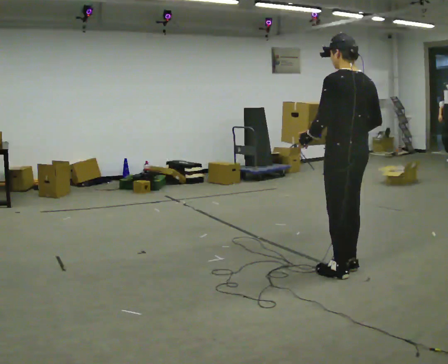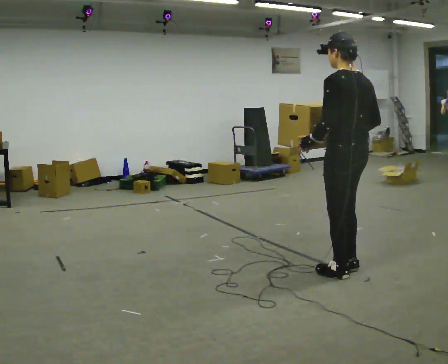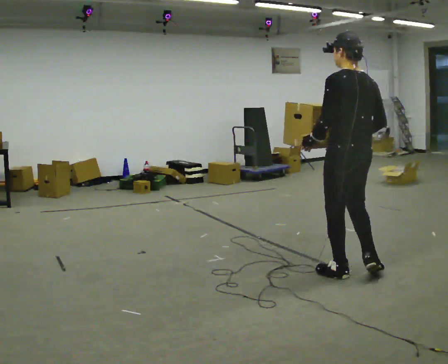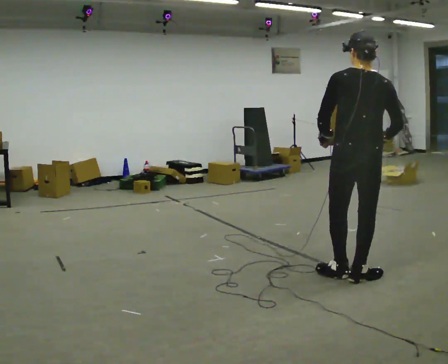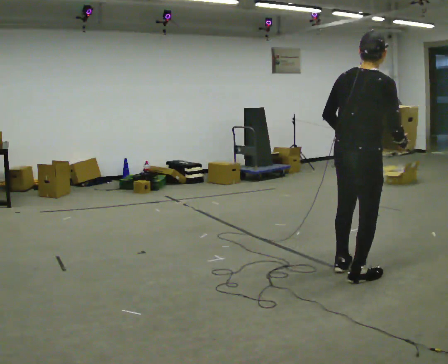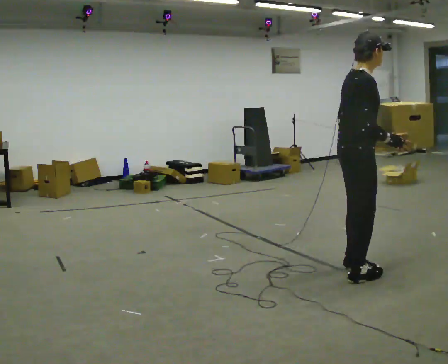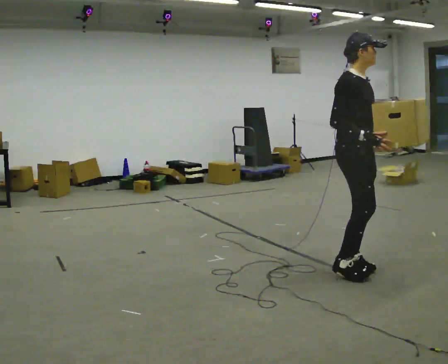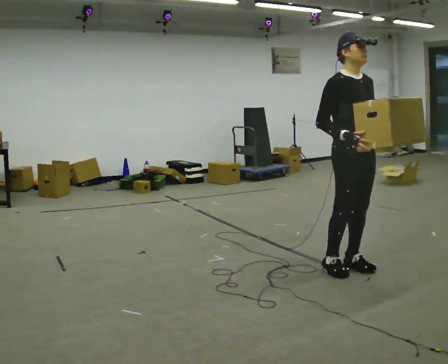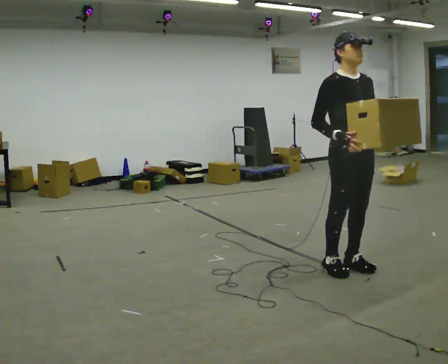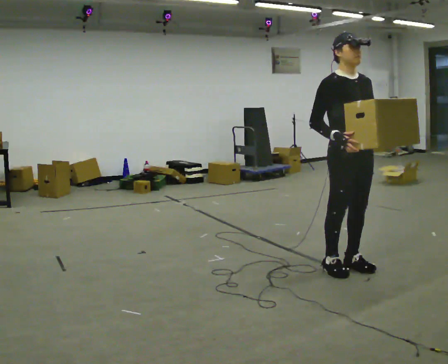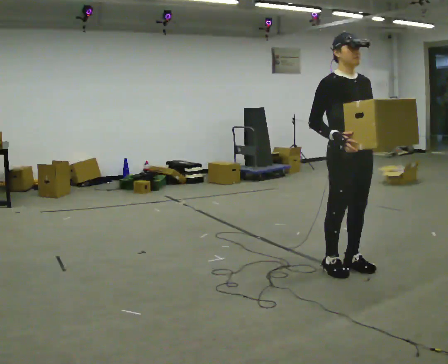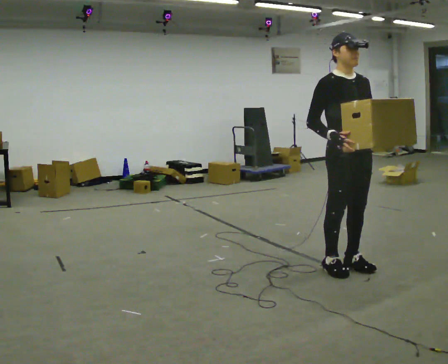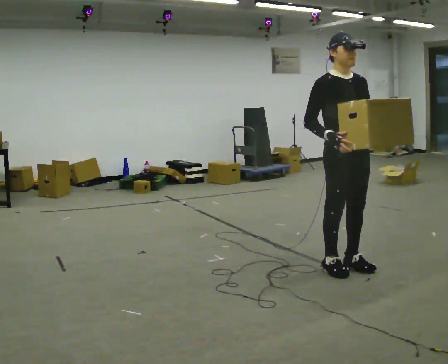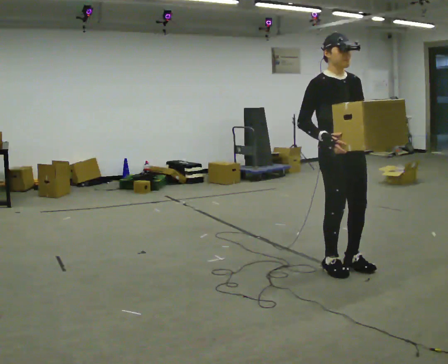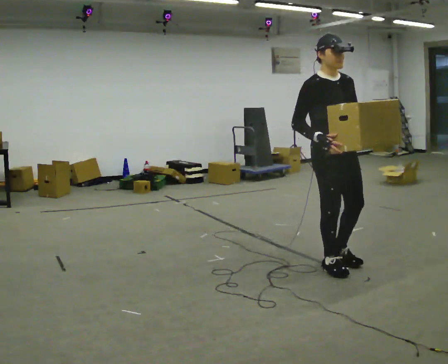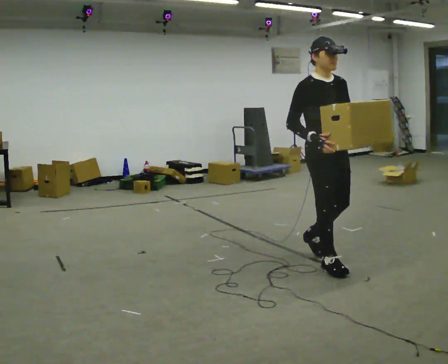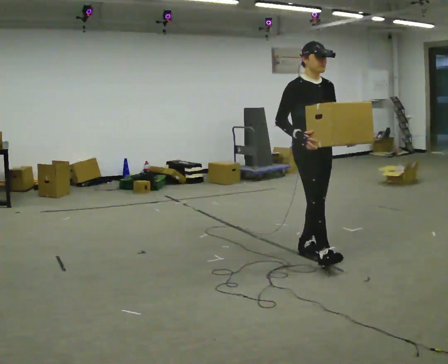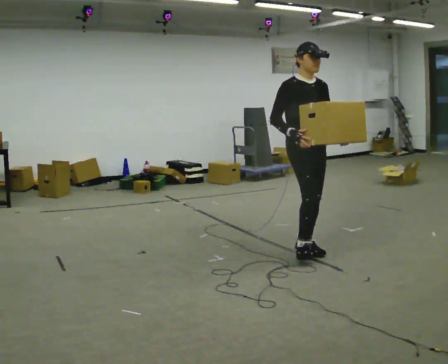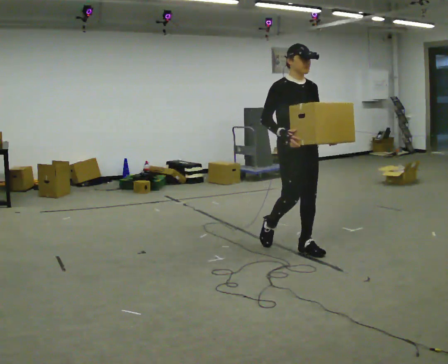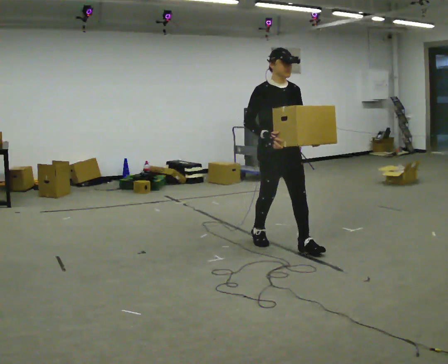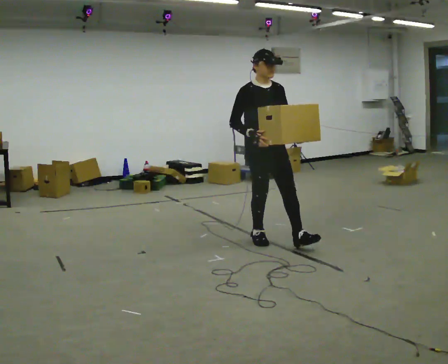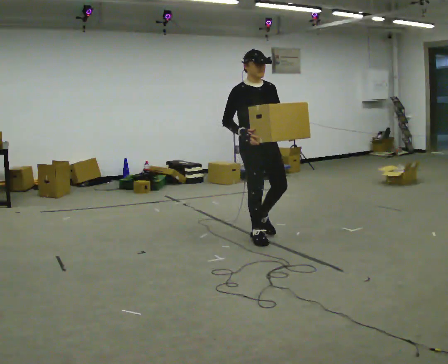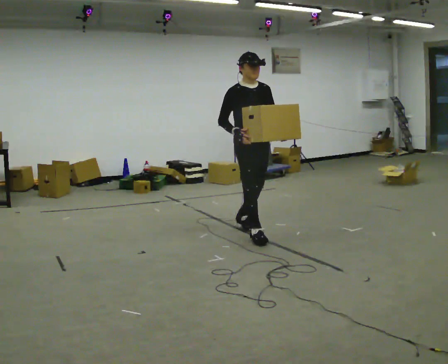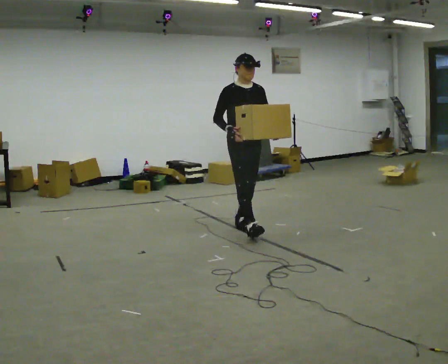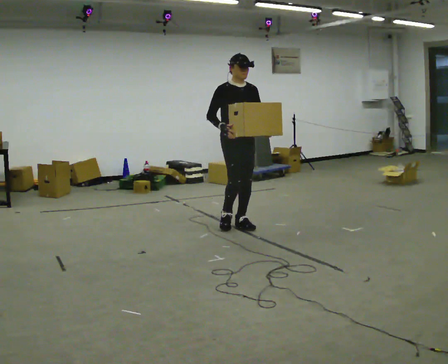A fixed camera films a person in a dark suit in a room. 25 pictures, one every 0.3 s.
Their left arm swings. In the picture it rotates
counterclockwise.
0.0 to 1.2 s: Seen from above the body turns clockwise, about 75 degrees: to their right, with its near side sliding to the left. In the picture they go toward the camera, about 0.25 m in 2 steps. In the picture their right hand goes to the right.
1.2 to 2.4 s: The person turns about 120 degrees to their right, clockwise seen from above, so the part of the body nearest the lens slides to the left. In the picture they go away from the camera, about 0.25 m in 1 step. In the picture their left hand goes to the right, the arm swinging counterclockwise.
2.4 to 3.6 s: The person moves a little, or ends about where they began.
3.6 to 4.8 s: In the picture they go away from the camera and to the left, about 0.25 m in 1 step, which for them is backward.
4.8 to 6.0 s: In the picture they go to the left and away from the camera, about 0.5 m in 2 steps, which for them is backward.
6.0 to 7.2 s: In the picture they go away from the camera and to the left, about 0.5 m in 1 step, which for them is backward.
The film runs backward here.
